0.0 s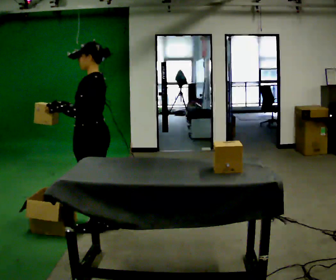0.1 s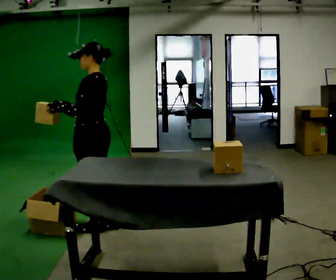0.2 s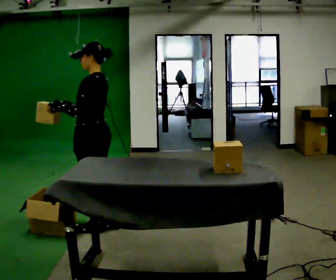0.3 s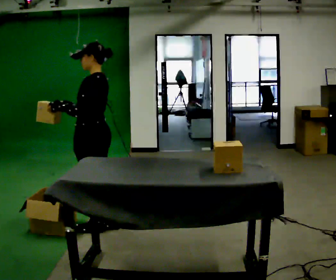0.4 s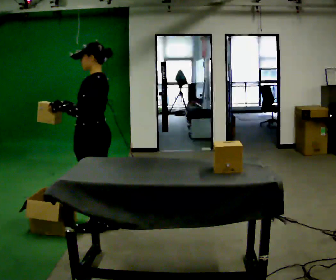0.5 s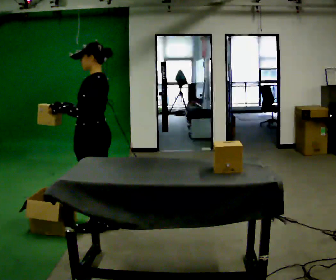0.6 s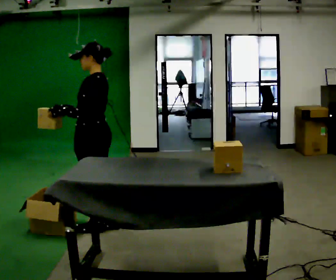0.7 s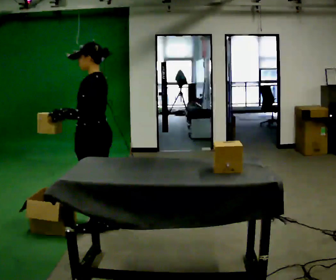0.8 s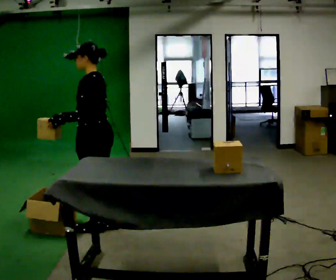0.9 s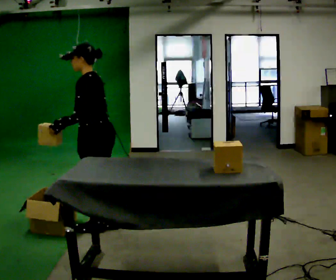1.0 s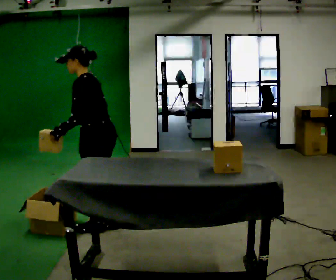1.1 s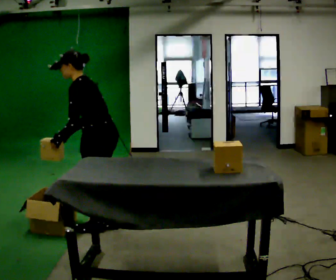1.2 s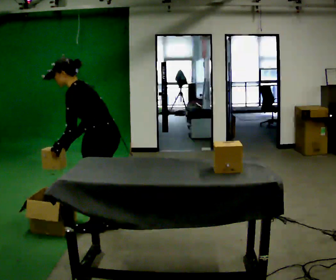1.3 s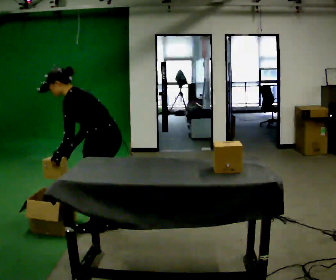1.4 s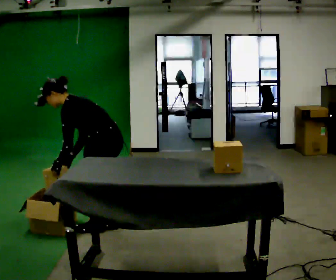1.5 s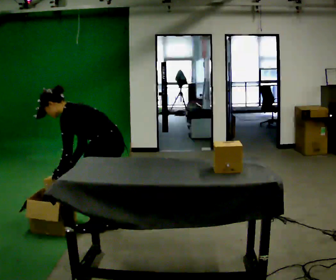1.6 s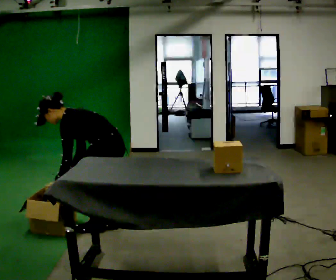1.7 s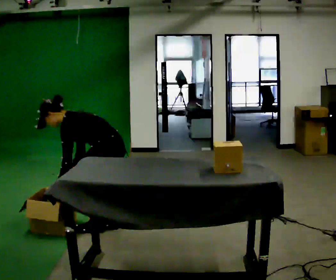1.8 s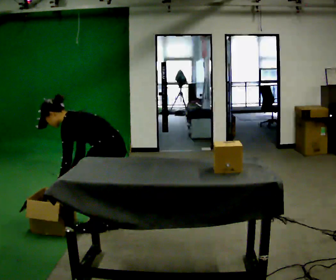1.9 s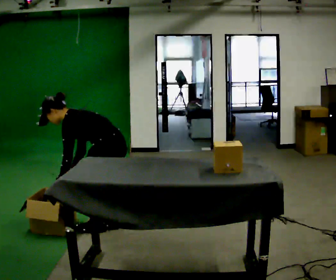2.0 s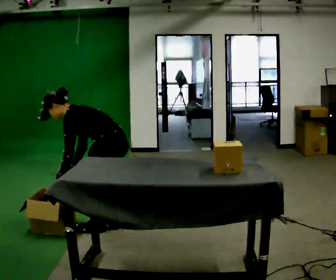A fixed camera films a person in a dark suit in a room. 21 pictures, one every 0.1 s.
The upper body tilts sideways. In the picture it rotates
counterclockwise.
Their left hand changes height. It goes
downward.
0.0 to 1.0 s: In the picture the upper body tilts counterclockwise, shoulders to the left, as they bend forward.
1.0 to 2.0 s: The upper body goes downward. In the picture the upper body tilts counterclockwise, shoulders to the left, as they bend forward. In the picture their right hand goes downward.
The film runs backward here.
